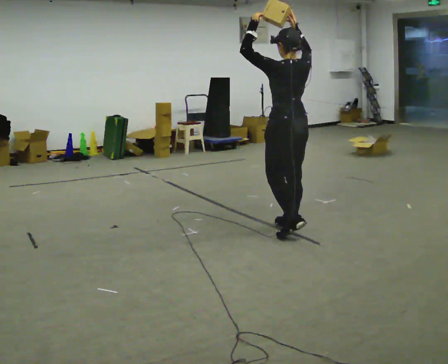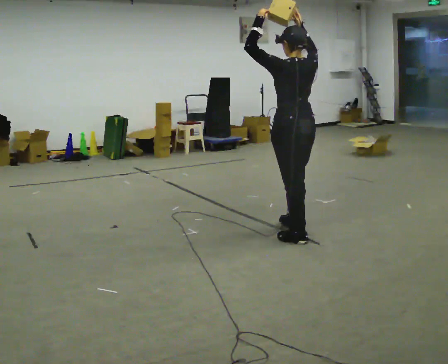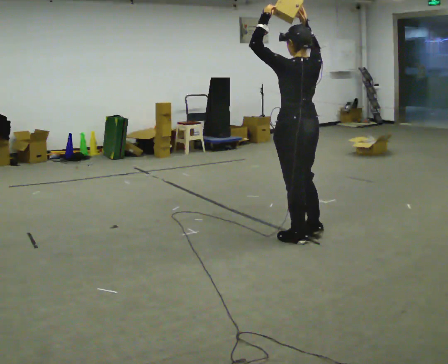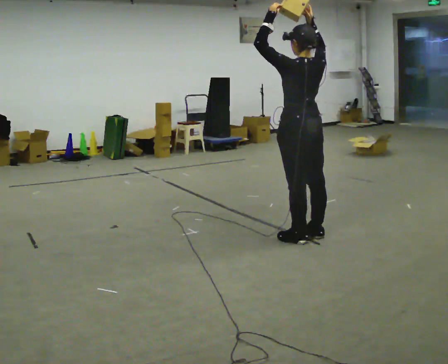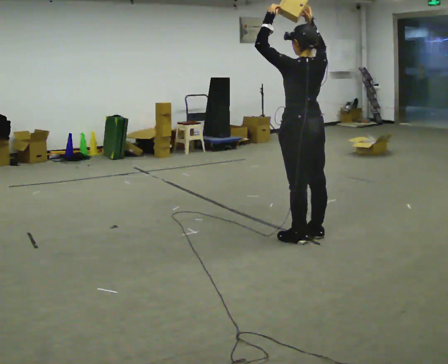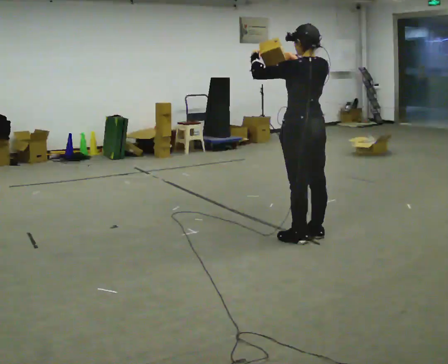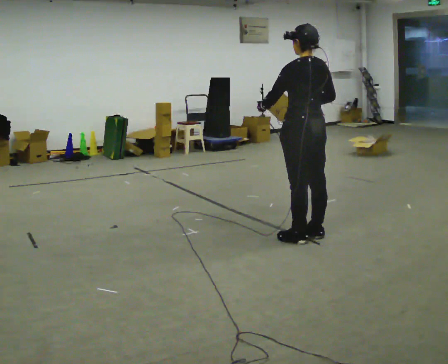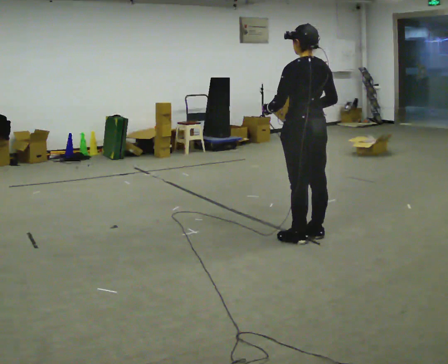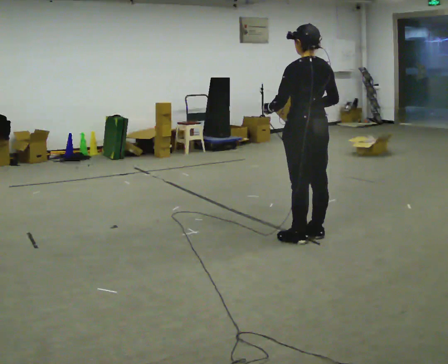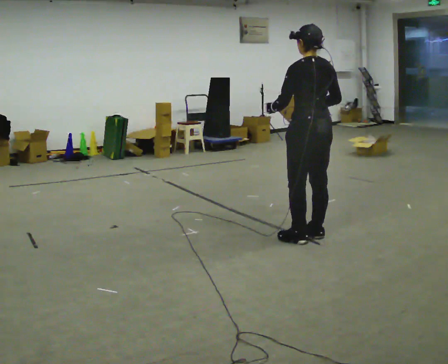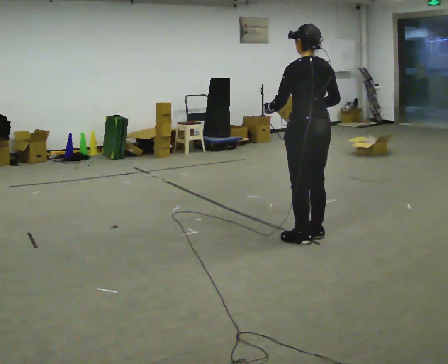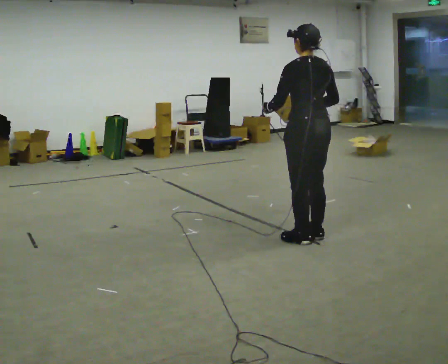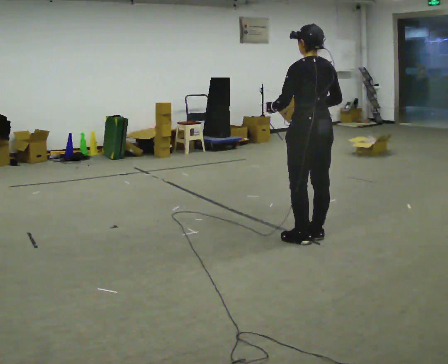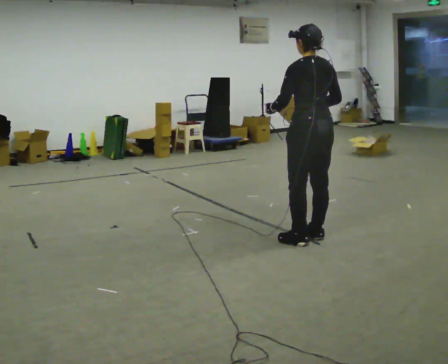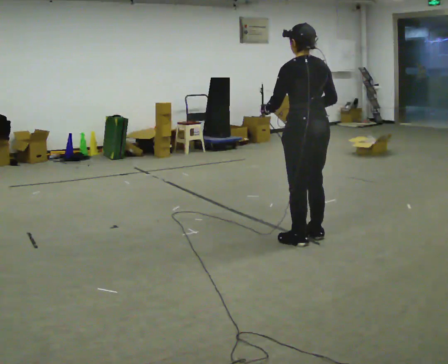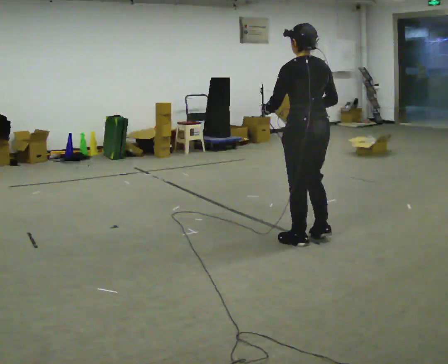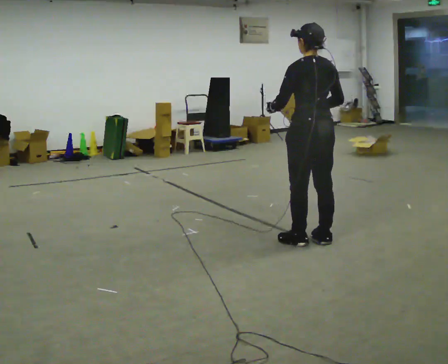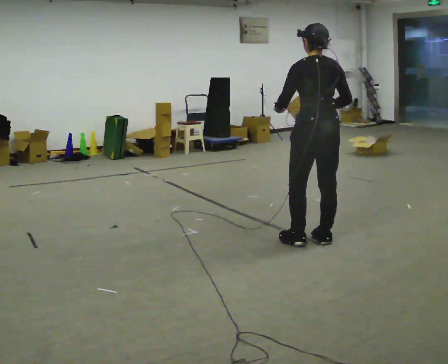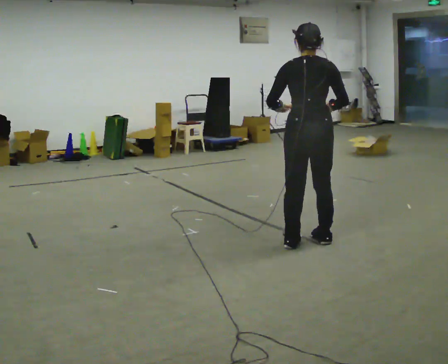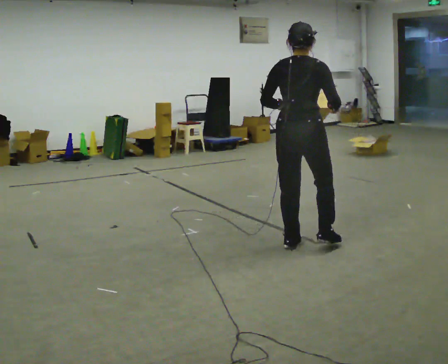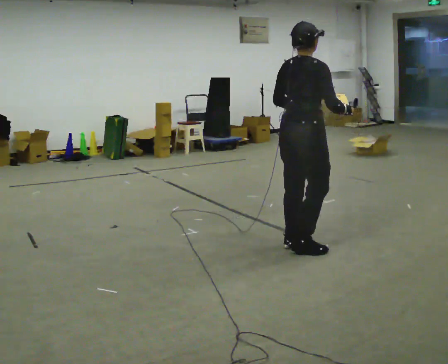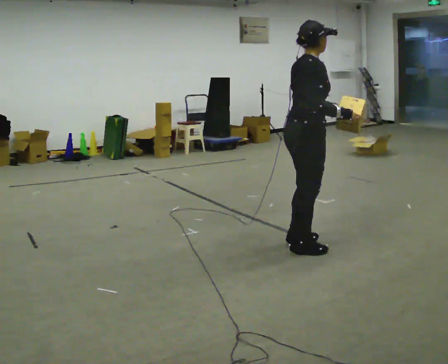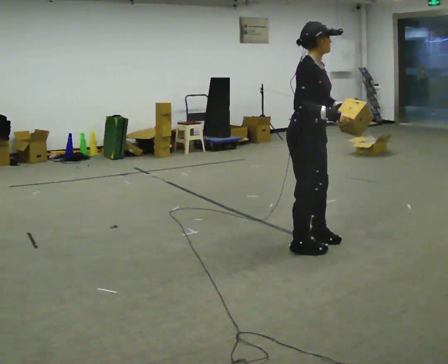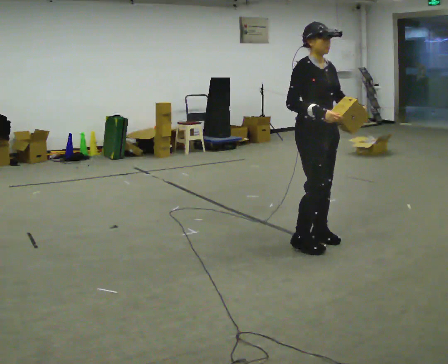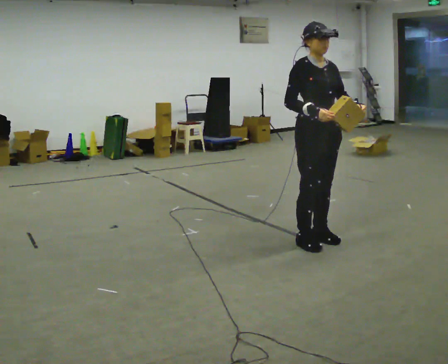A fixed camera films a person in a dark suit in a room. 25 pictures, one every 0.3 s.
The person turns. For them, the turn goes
to their right.
The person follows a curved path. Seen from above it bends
counterclockwise.
0.0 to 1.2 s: In the picture they go toward the camera, about 0.25 m in 1 step, which for them is backward.
1.2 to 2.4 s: In the picture their left hand goes downward, the arm swinging counterclockwise.
2.4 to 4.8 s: The person moves a little, or ends about where they began.
4.8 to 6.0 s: Seen from above the body turns clockwise, about 75 degrees: to their right, with its near side sliding to the left.
6.0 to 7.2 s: Seen from above the body turns clockwise, about 105 degrees: to their right, with its near side sliding to the left. In the picture they go away from the camera, about 0.25 m in 2 steps. In the picture their left hand goes to the right.
The film runs backward here.
